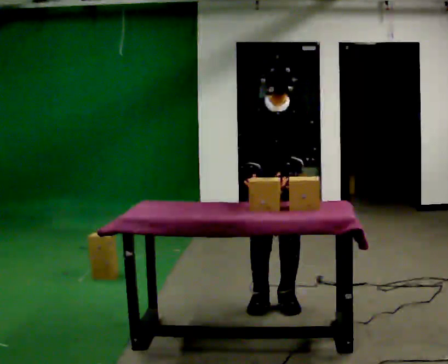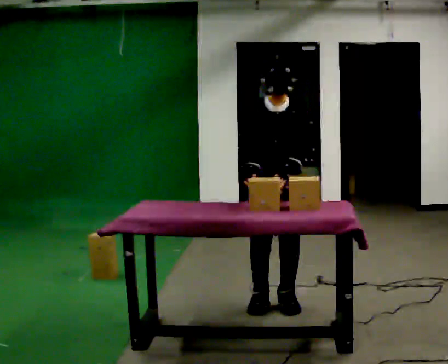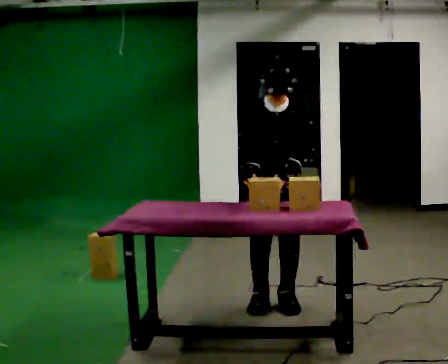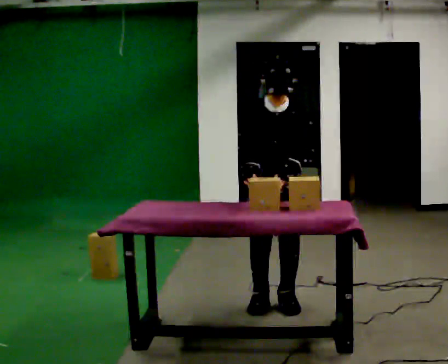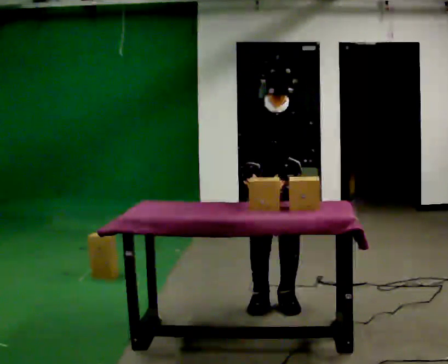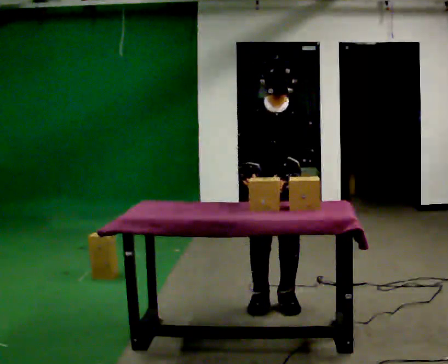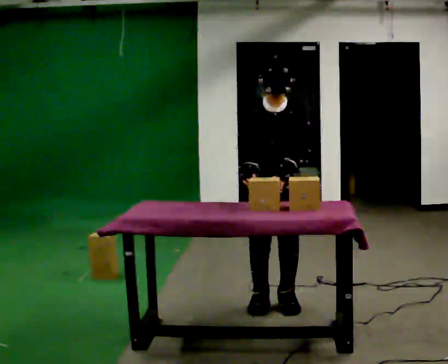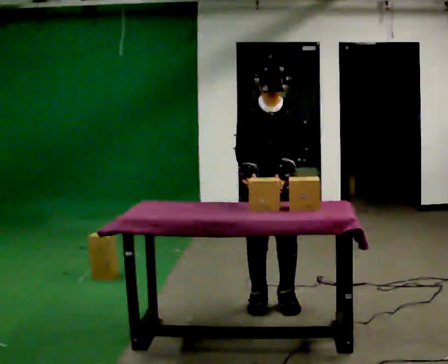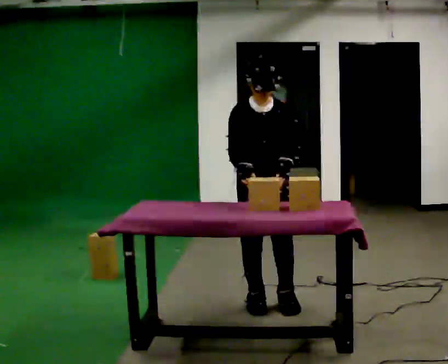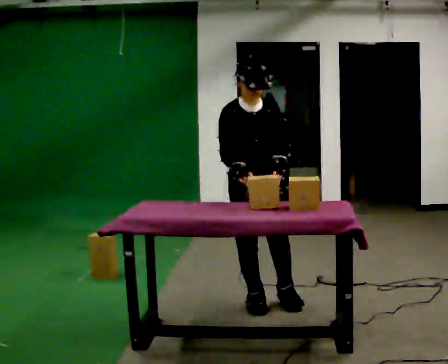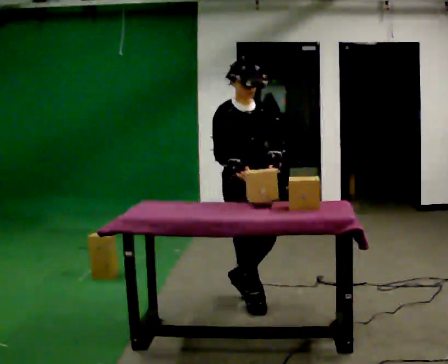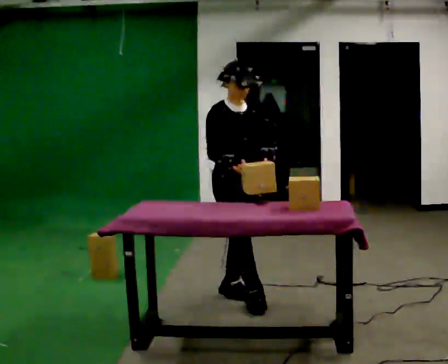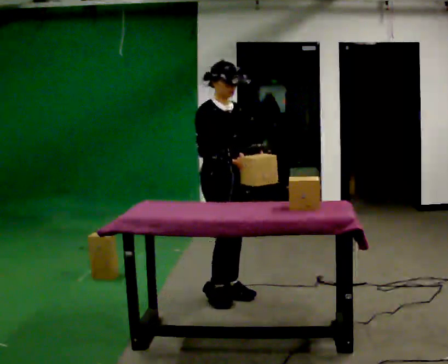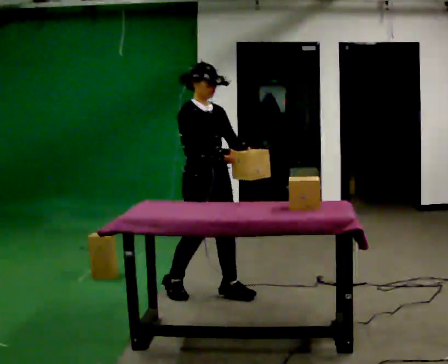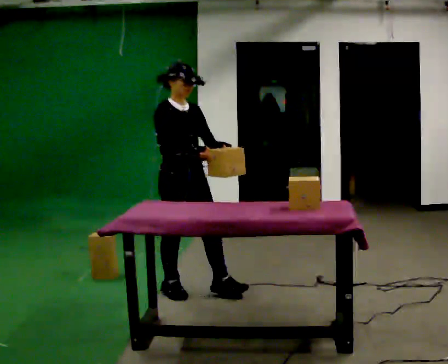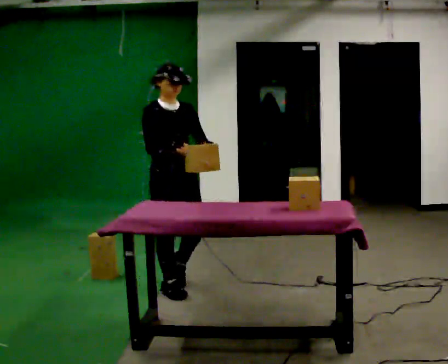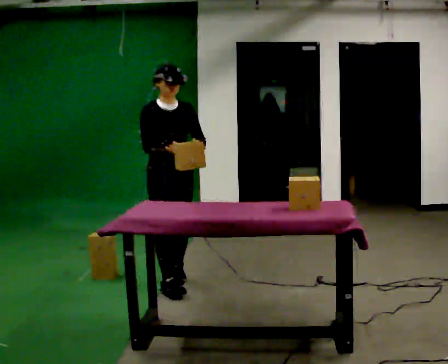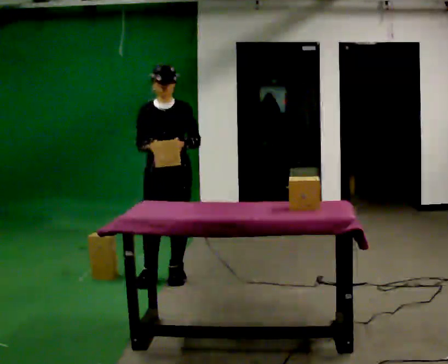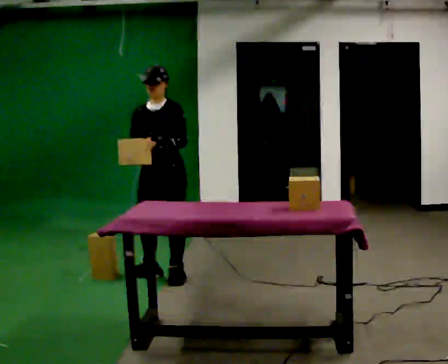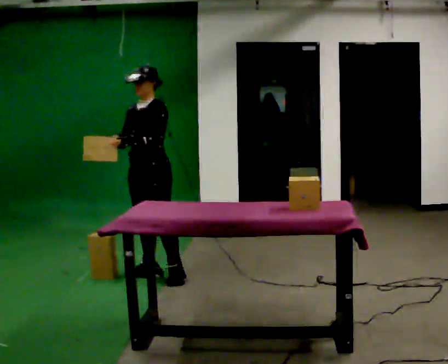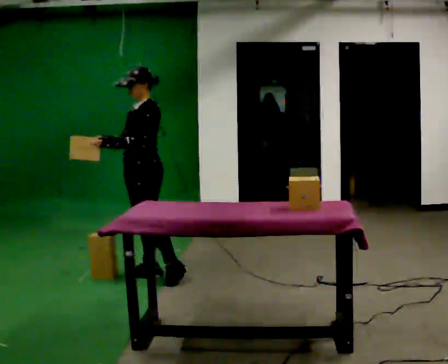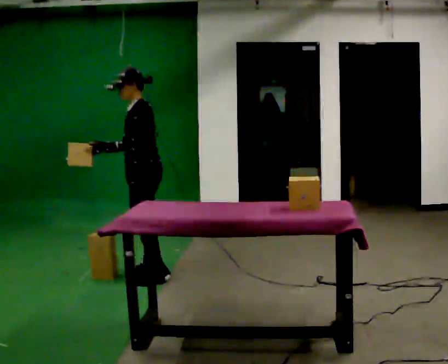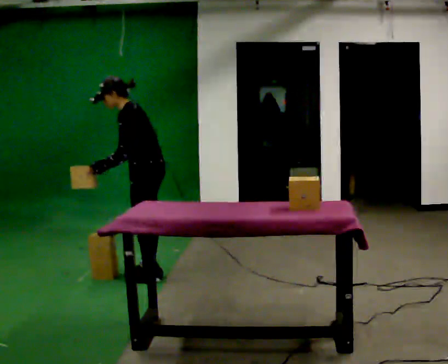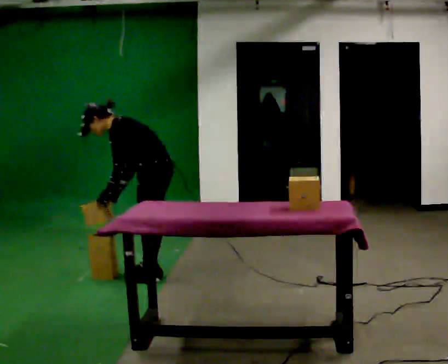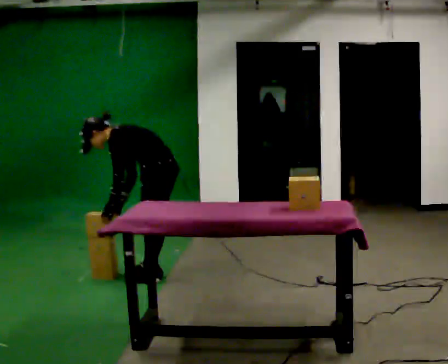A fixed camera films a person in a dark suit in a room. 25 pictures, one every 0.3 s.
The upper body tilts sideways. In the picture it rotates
counterclockwise.
0.0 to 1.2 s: The person keeps their place and pose.
1.2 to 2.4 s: The person moves a little, or ends about where they began.
2.4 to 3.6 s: The part of the body nearest the lens slides to the right as the person turns to their left by about 30 degrees. In the picture they go to the left and away from the camera, about 0.25 m in 2 steps, which for them is backward and to their right.
3.6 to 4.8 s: In the picture they go to the left and away from the camera, about 0.5 m in 1 step, which for them is backward.
4.8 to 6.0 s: The part of the body nearest the lens slides to the left as the person turns to their right by about 75 degrees. In the picture they go away from the camera and to the left, about 0.25 m in 1 step.
6.0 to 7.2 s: The person turns about 30 degrees to their right, clockwise seen from above, so the part of the body nearest the lens slides to the left. The upper body goes downward. In the picture the upper body tilts counterclockwise, shoulders to the left, as they bend forward. In the picture their right hand goes downward, the arm swinging counterclockwise.
The film runs backward here.
